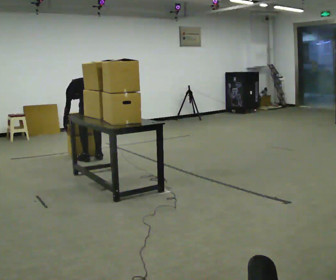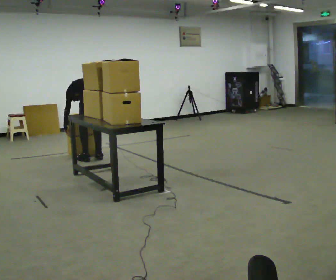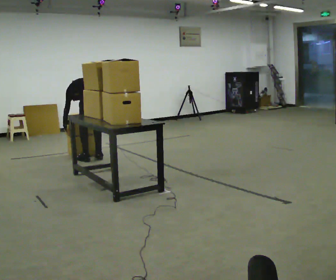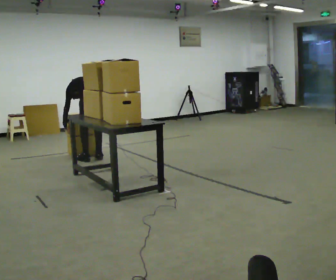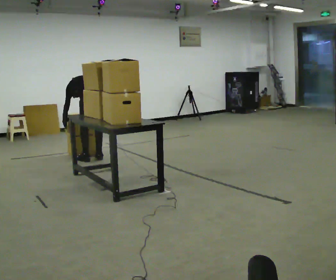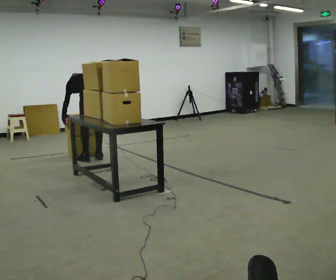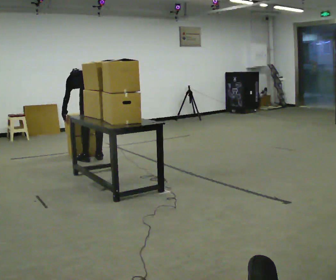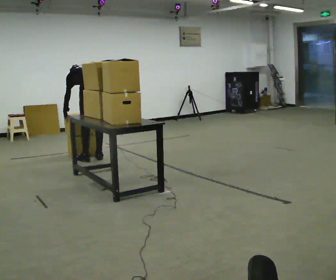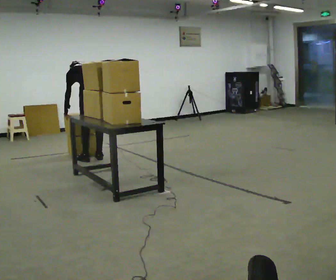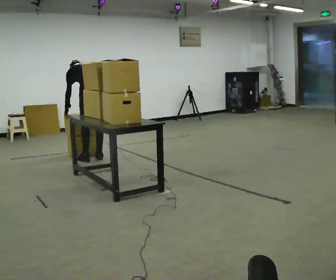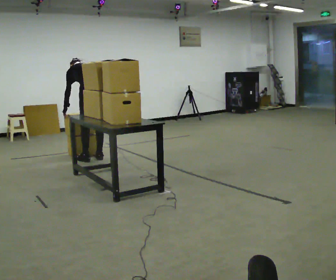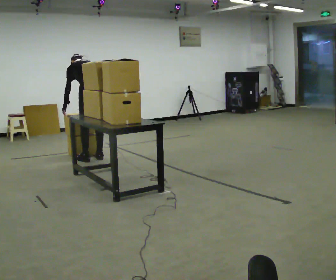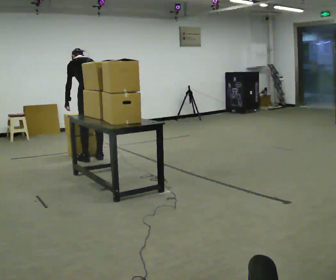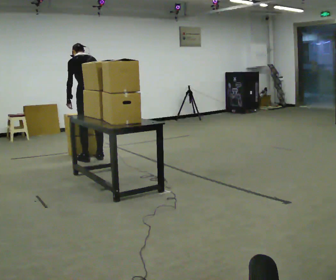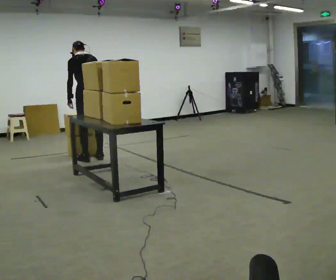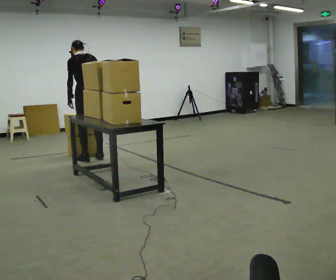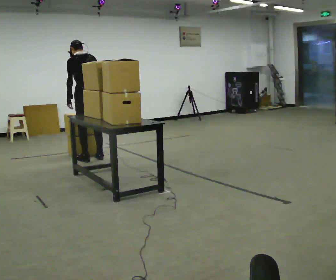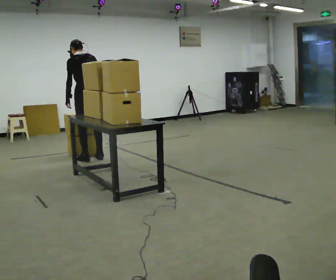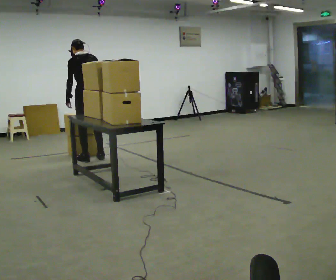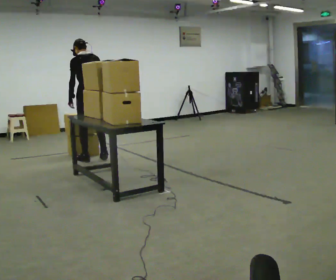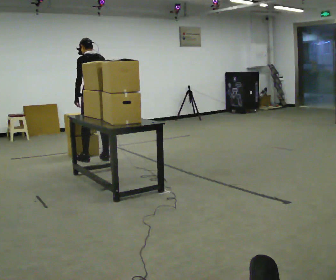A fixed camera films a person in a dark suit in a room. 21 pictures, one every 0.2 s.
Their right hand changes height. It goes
upward.
The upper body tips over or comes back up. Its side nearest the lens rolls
downward.
0.0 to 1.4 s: The upper body goes upward.
1.4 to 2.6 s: The shoulders move upward. The upper body tips toward the camera, its near side rolling downward, as they lean back or straighten.
2.6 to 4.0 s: The person moves a little, or ends about where they began.
The film runs backward here.
